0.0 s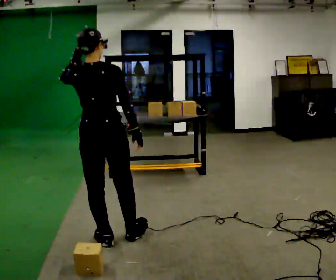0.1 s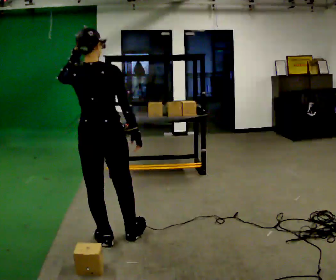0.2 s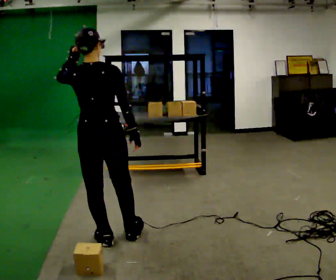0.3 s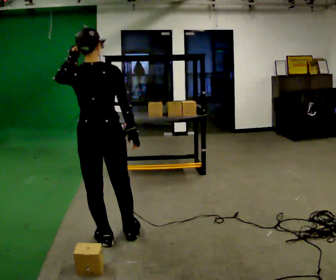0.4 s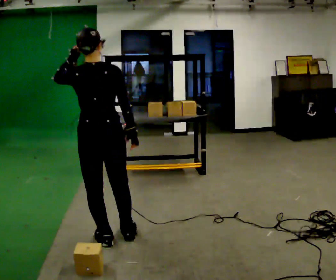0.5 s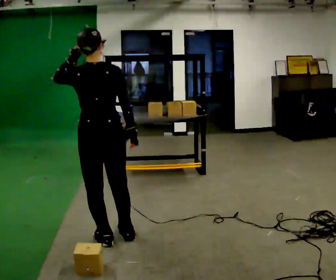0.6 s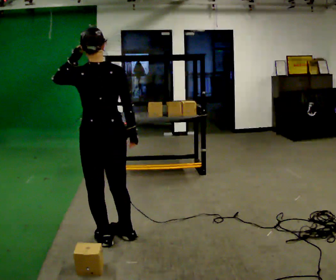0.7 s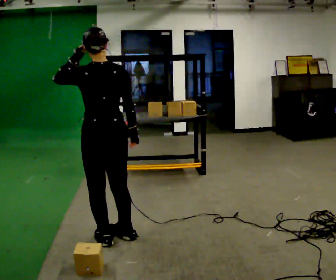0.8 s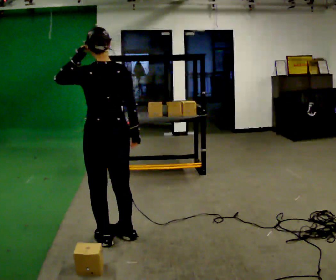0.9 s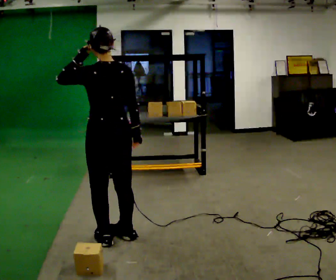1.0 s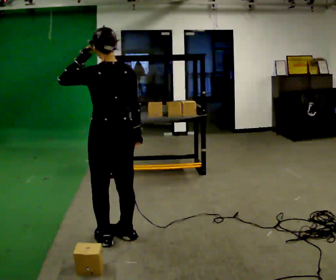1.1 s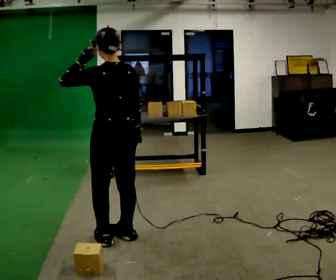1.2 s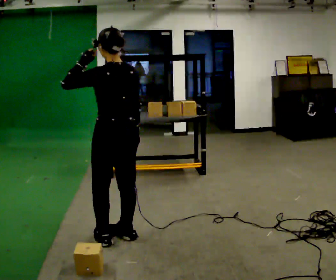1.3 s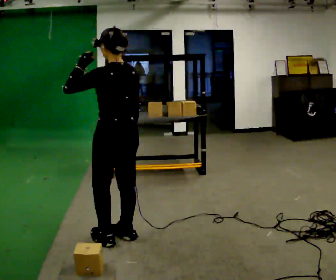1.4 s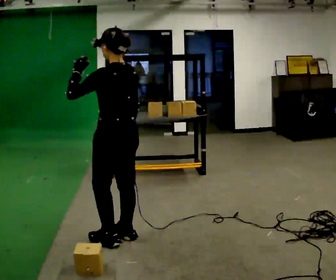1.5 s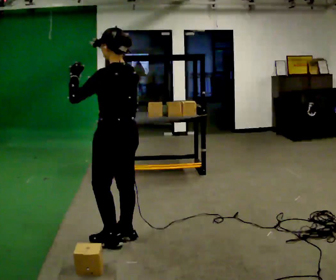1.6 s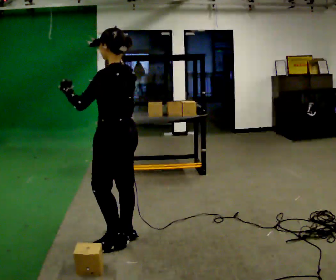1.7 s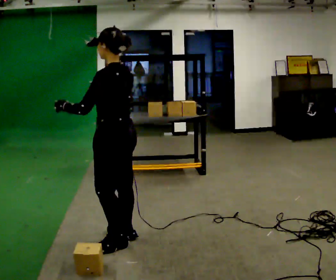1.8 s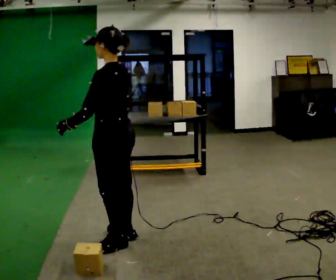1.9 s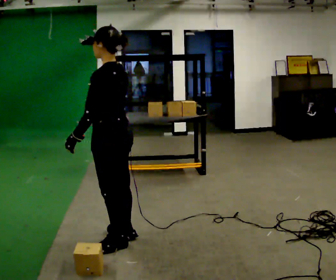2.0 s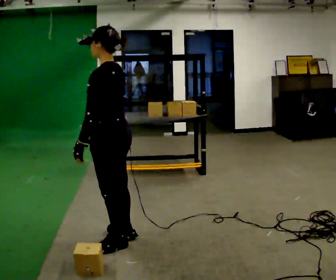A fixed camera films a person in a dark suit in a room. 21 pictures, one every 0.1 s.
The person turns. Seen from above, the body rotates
counterclockwise.
The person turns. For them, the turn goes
to their left.
0.0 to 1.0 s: Seen from above the body turns counterclockwise, about 30 degrees: to their left, with its near side sliding to the right.
1.0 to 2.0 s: The part of the body nearest the lens slides to the right as the person turns to their left by about 45 degrees. In the picture their left hand goes downward.
The film runs backward here.
